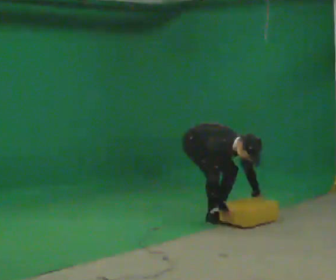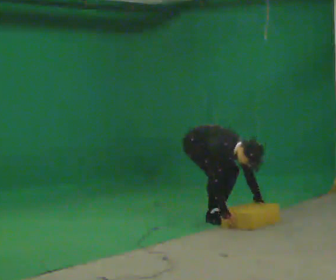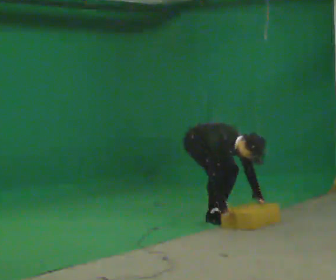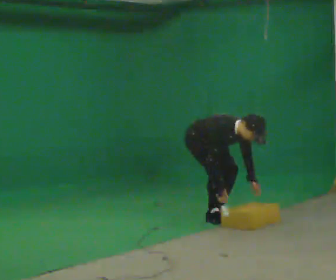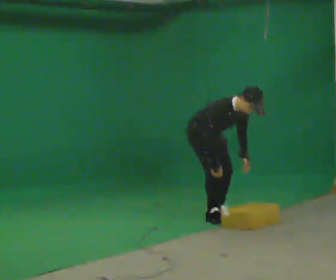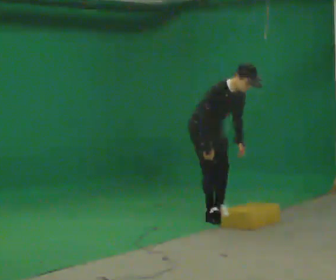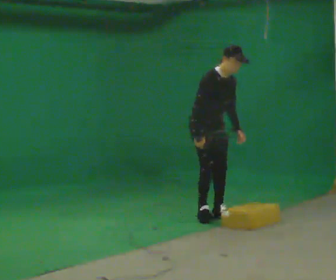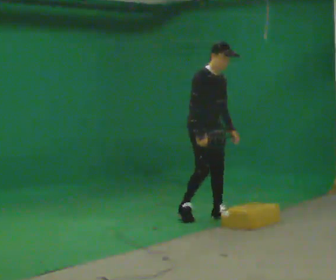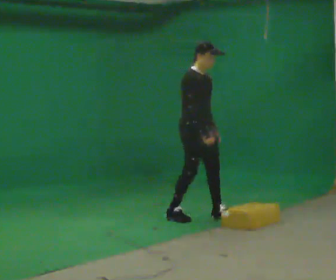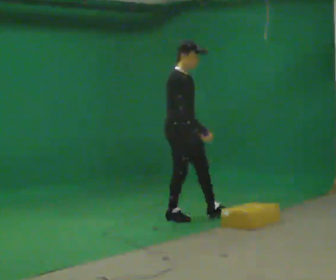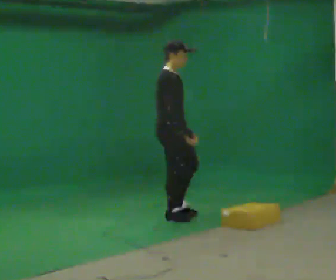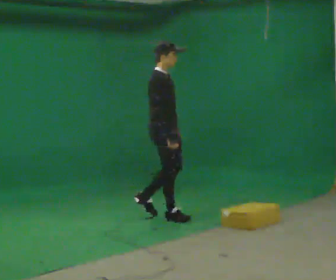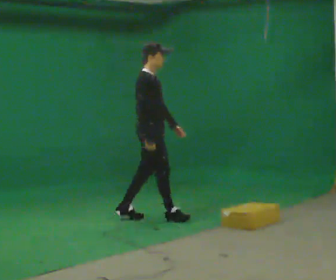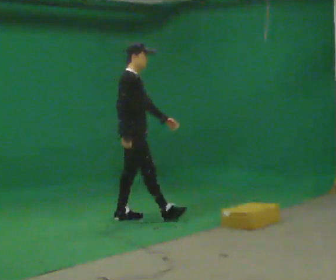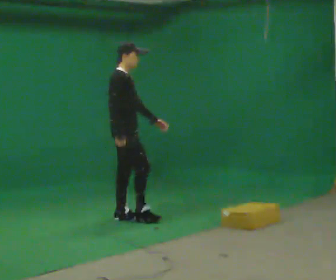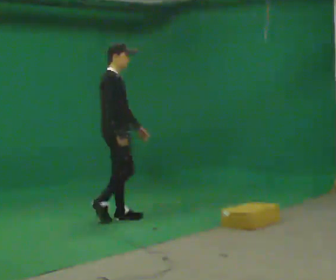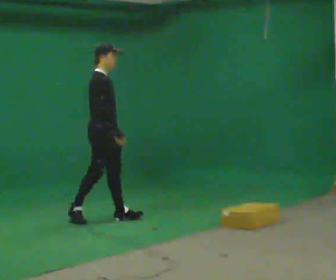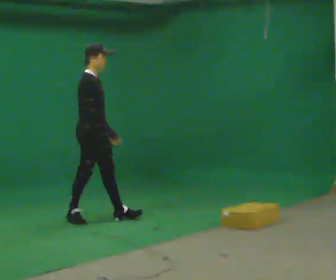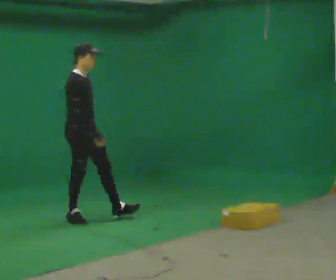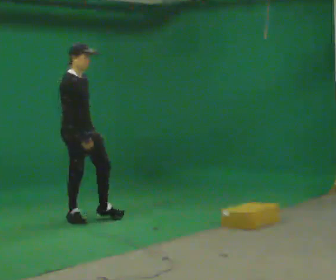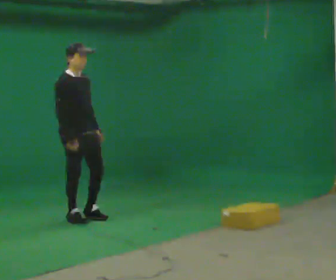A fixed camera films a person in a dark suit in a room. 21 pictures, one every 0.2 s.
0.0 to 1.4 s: The upper body goes upward. The upper body tips away from the camera, its near side rolling upward, as they lean back or straighten. In the picture their left hand goes upward.
1.4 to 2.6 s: The person turns about 45 degrees to their left, counterclockwise seen from above, so the part of the body nearest the lens slides to the right. In the picture they go to the left, about 0.75 m in 2 steps, which for them is backward.
2.6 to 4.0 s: The part of the body nearest the lens slides to the left as the person turns to their right by about 30 degrees. In the picture they go to the left, about 0.5 m in 1 step, which for them is backward.
The film runs backward here.
